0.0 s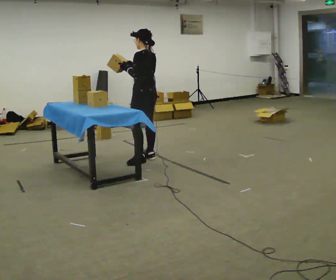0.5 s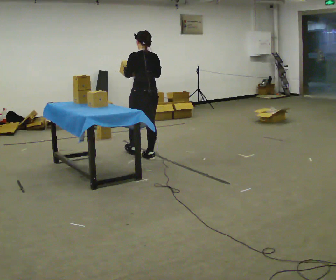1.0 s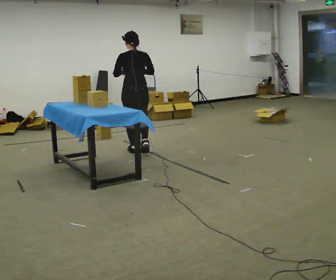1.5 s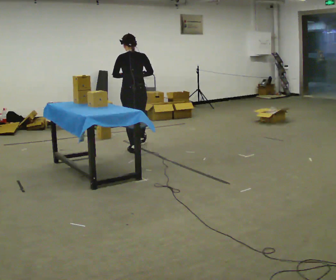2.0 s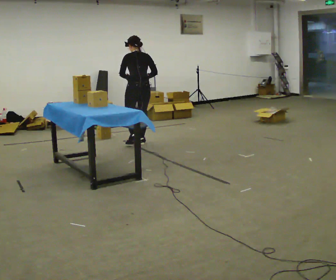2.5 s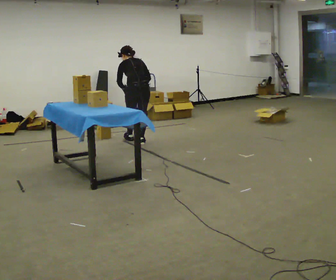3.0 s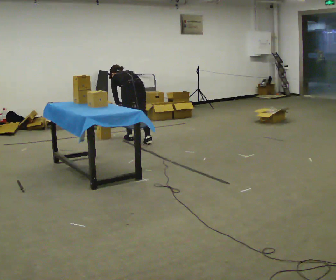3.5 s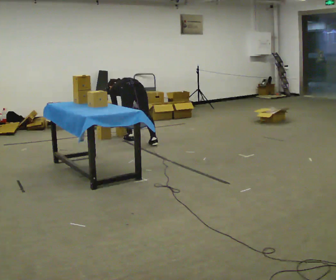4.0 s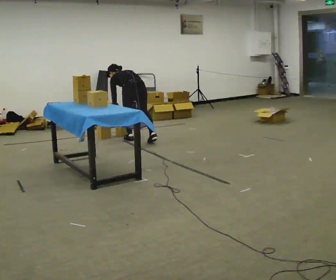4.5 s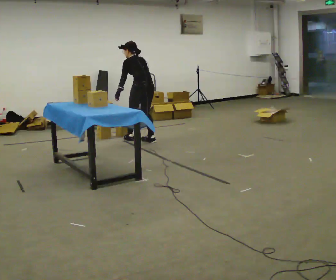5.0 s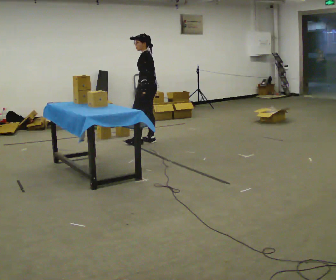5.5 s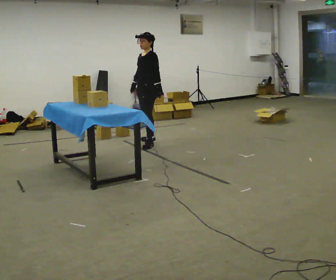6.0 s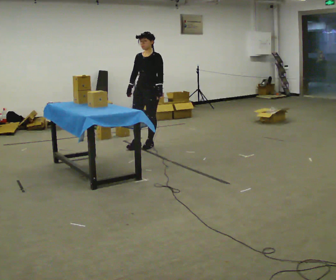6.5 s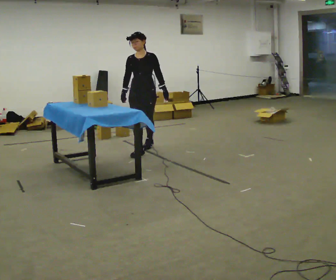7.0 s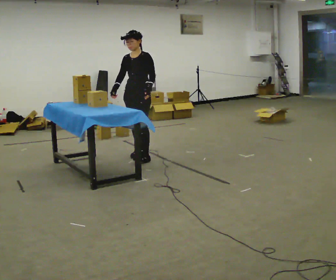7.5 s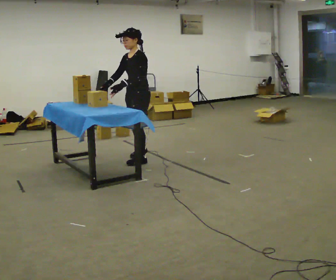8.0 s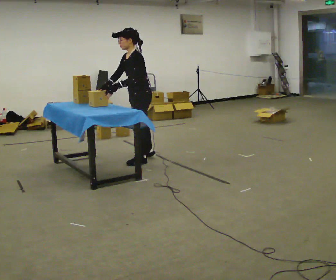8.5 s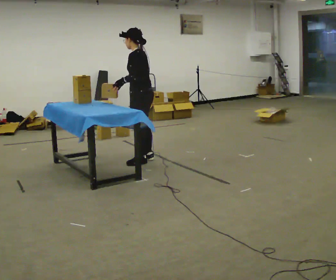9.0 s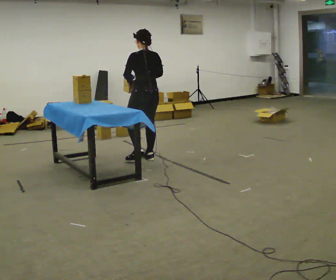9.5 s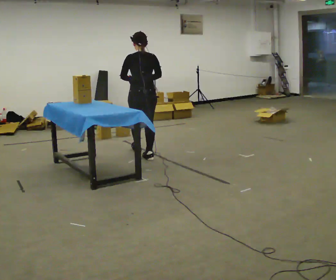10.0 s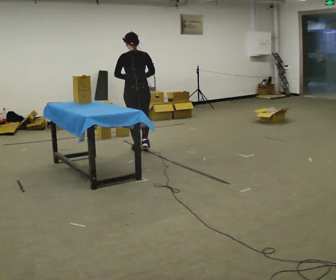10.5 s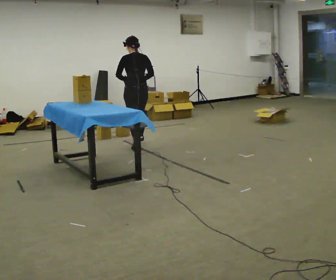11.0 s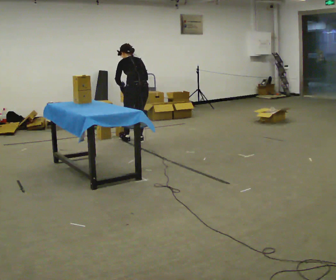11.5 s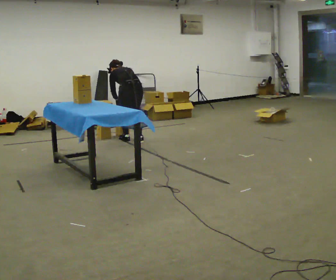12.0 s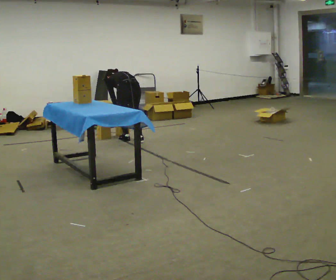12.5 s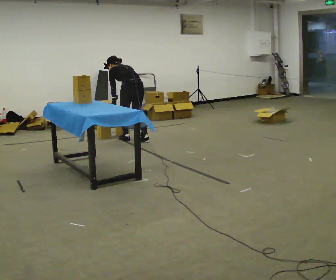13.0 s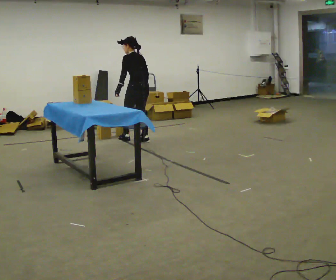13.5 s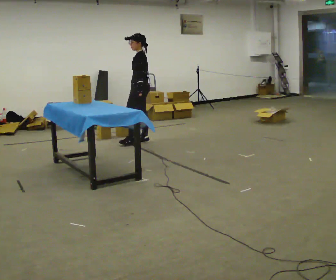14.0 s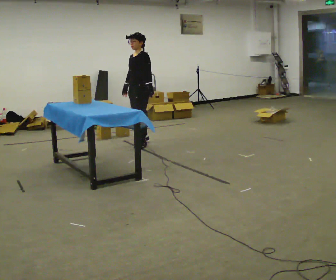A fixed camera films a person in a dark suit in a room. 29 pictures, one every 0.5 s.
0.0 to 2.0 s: Seen from above the body turns clockwise, about 45 degrees: to their right, with its near side sliding to the left. In the picture they go away from the camera, about 0.5 m in 2 steps, which for them is forward.
2.0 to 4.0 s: In the picture they go away from the camera, about 0.25 m in 2 steps, which for them is forward. In the picture their left hand goes downward.
4.0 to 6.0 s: The part of the body nearest the lens slides to the right as the person turns to their left by about 135 degrees. In the picture they go toward the camera and to the right, about 0.5 m in 2 steps. The shoulders move upward. The upper body tips toward the camera, its near side rolling downward, as they lean back or straighten.
6.0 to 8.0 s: The person turns about 60 degrees to their right, clockwise seen from above, so the part of the body nearest the lens slides to the left. In the picture they go toward the camera, about 1 m in 3 steps. In the picture the upper body tilts counterclockwise, shoulders to the left, as they bend forward.
8.0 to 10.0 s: Seen from above the body turns clockwise, about 90 degrees: to their right, with its near side sliding to the left. In the picture they go away from the camera, about 0.5 m in 1 step.
10.0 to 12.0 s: In the picture they go away from the camera, about 0.5 m in 2 steps, which for them is forward. The shoulders move downward. The upper body tips away from the camera, its near side rolling upward, as they bend forward. In the picture their left hand goes downward.
12.0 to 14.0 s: The person turns about 90 degrees to their left, counterclockwise seen from above, so the part of the body nearest the lens slides to the right. In the picture they go toward the camera and to the right, about 0.25 m in 1 step. The shoulders move upward. The upper body tips toward the camera, its near side rolling downward, as they lean back or straighten. In the picture their right hand goes upward.
The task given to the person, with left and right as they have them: Bring the boxes over one at a time and stack them on top of each other, walking back for each one. Keep going until the operator says stop; one object at a time, and do not rush between trips.
The film runs forward here.
